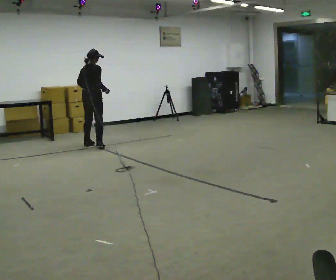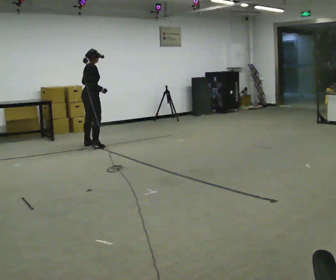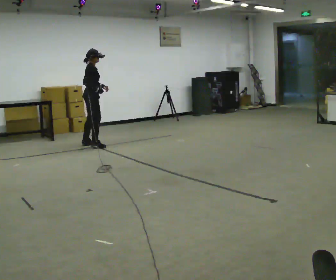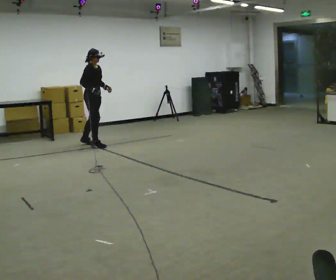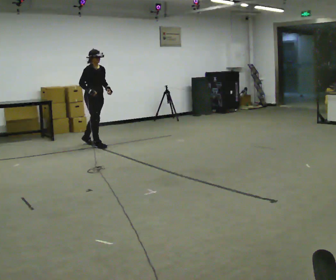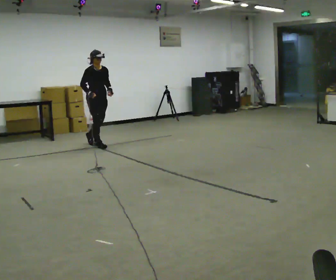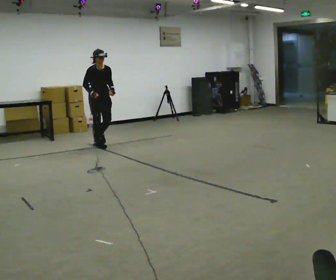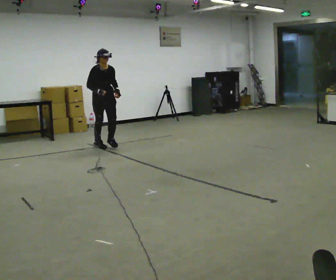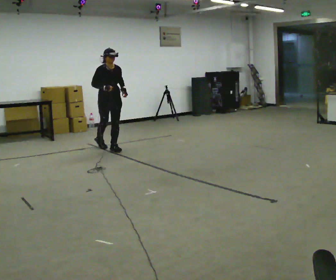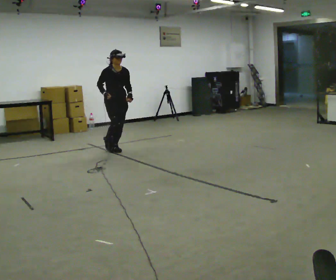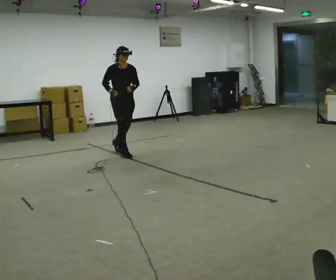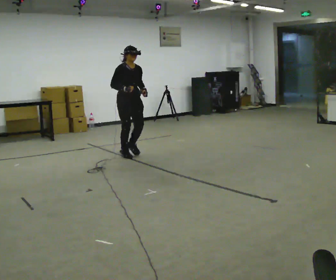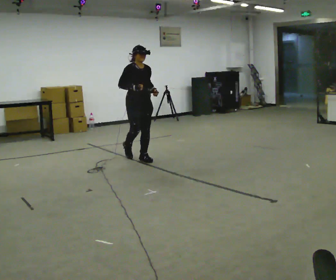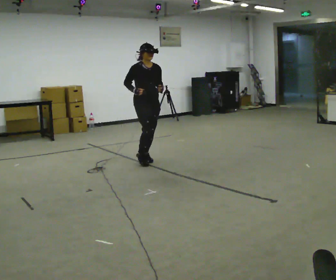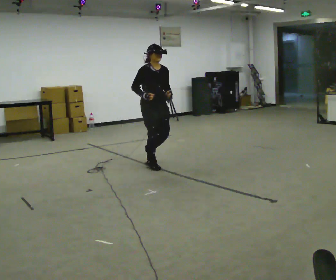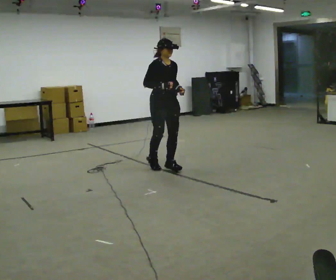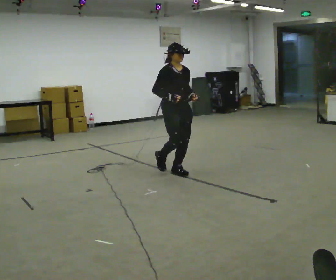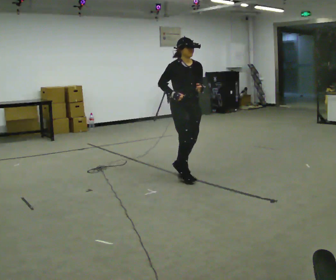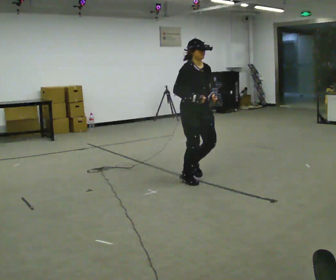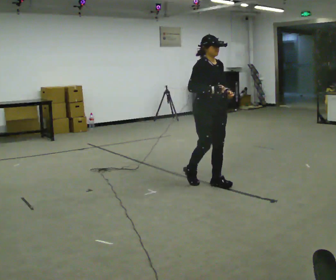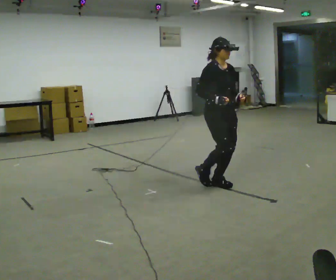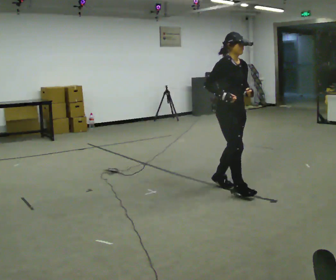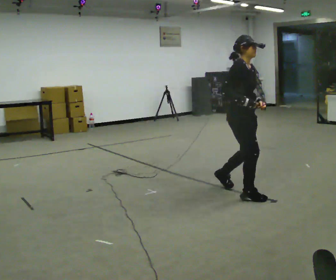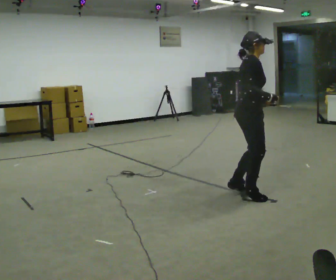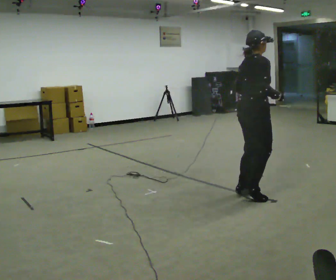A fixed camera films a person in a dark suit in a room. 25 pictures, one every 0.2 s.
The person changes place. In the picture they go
toward the camera.
0.0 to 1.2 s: The part of the body nearest the lens slides to the left as the person turns to their right by about 105 degrees. In the picture they go to the right, about 0.25 m in 2 steps. In the picture their left hand goes to the right.
1.2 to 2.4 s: In the picture they go toward the camera and to the right, about 1 m in 3 steps, which for them is forward.
2.4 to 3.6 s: In the picture they go toward the camera and to the right, about 1 m in 3 steps, which for them is forward.
3.6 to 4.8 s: Seen from above the body turns counterclockwise, about 75 degrees: to their left, with its near side sliding to the right. In the picture they go toward the camera and to the right, about 1 m in 3 steps.
The film runs forward here.
